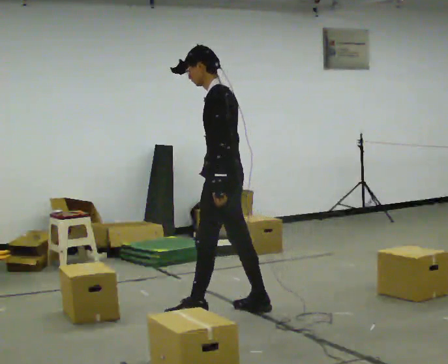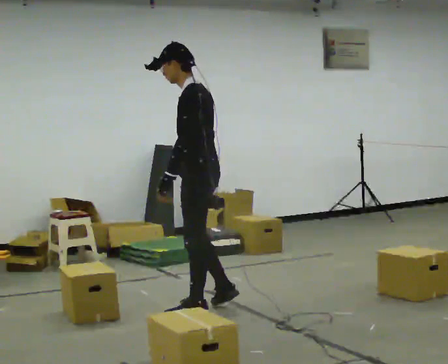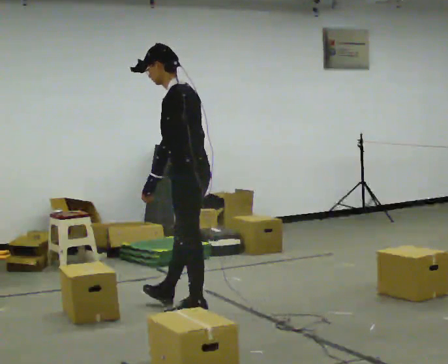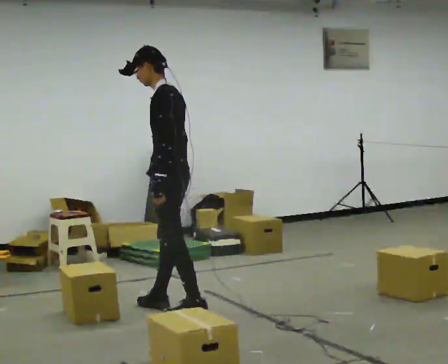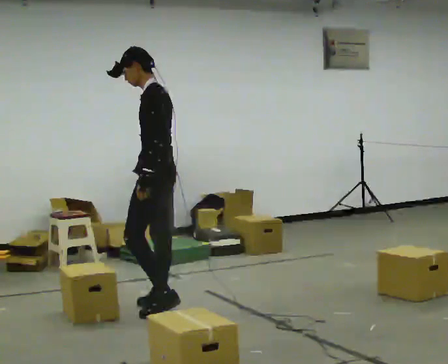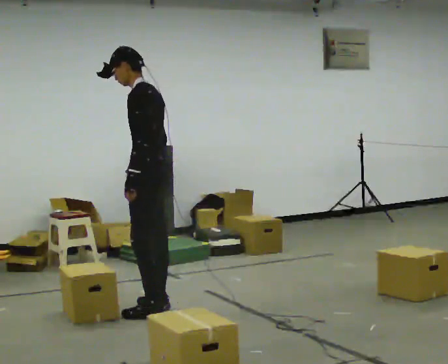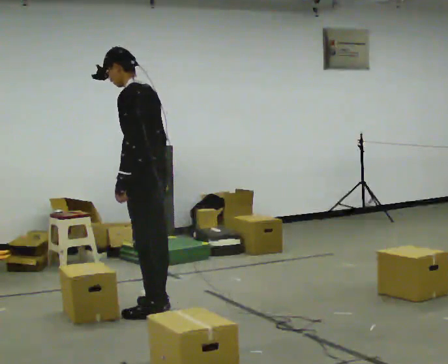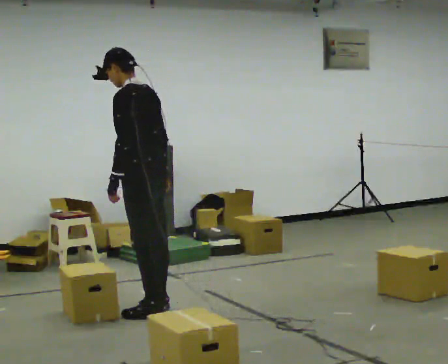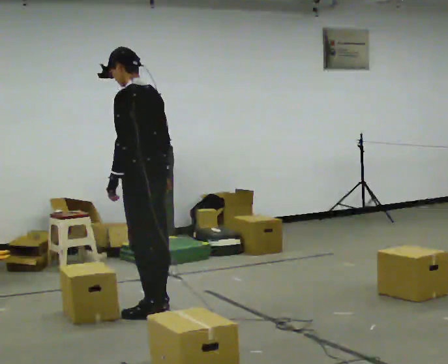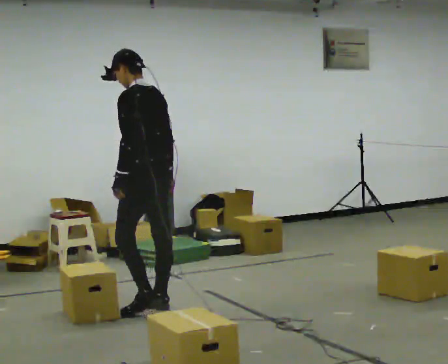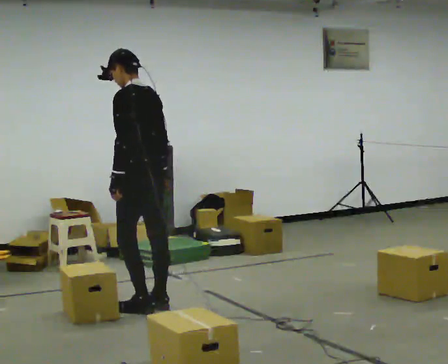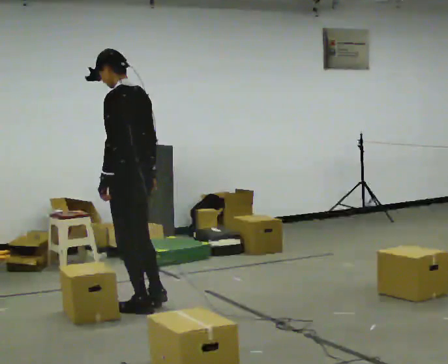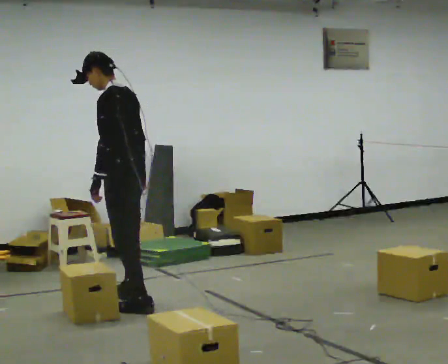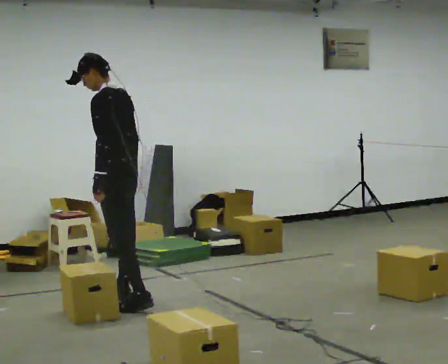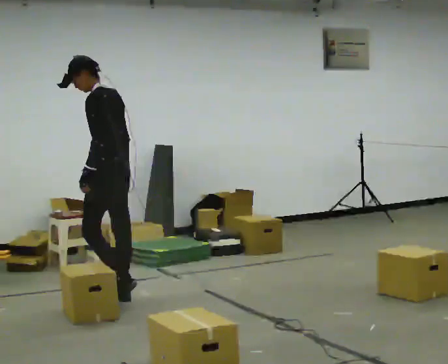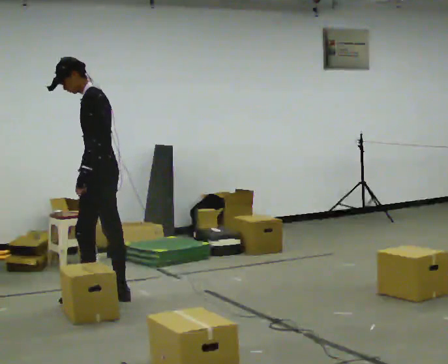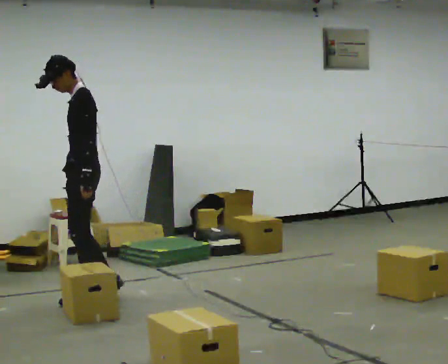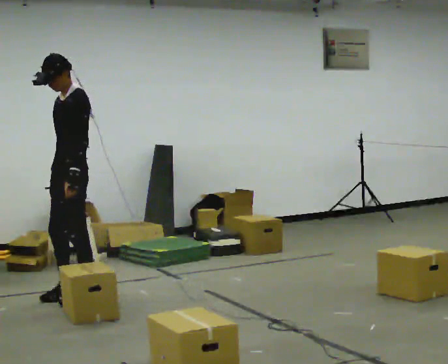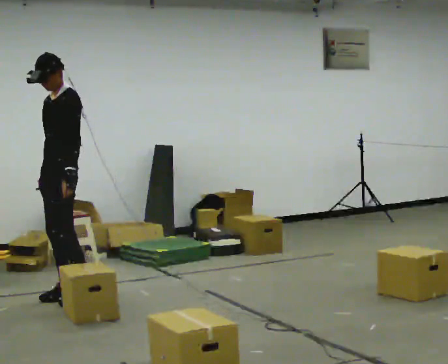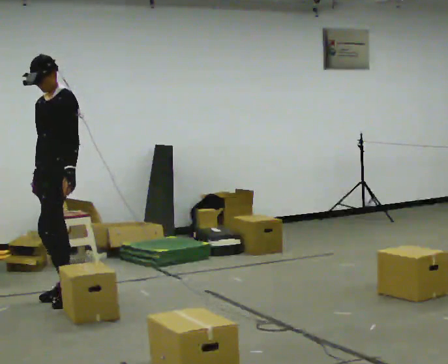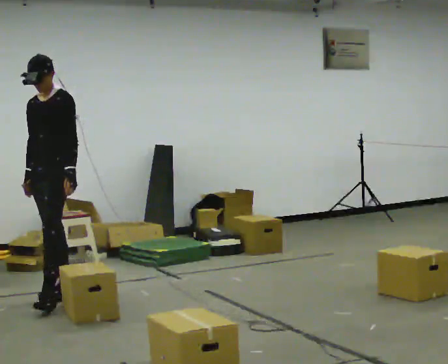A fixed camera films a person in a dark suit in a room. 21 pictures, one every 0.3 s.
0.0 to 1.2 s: In the picture they go to the left and away from the camera, about 0.5 m in 1 step, which for them is forward.
1.2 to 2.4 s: The person turns about 30 degrees to their right, clockwise seen from above, so the part of the body nearest the lens slides to the left.
2.4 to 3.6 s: The person moves a little, or ends about where they began.
3.6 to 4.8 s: The person turns about 30 degrees to their left, counterclockwise seen from above, so the part of the body nearest the lens slides to the right. In the picture they go away from the camera and to the left, about 0.25 m in 2 steps, which for them is forward.
4.8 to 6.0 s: The part of the body nearest the lens slides to the right as the person turns to their left by about 45 degrees. In the picture they go to the left, about 0.25 m in 1 step, which for them is to their right and forward.
The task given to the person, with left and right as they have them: Start at marker; visit targets in order; choose natural paths; avoid obstacles; stop at final target.
The film runs forward here.
